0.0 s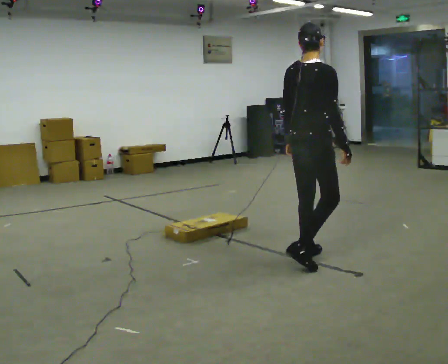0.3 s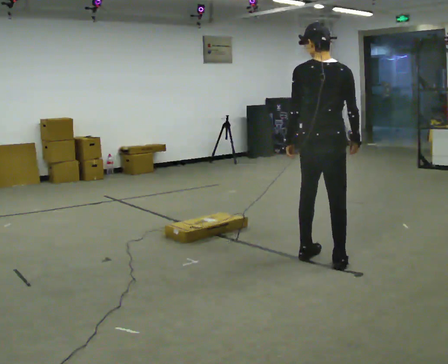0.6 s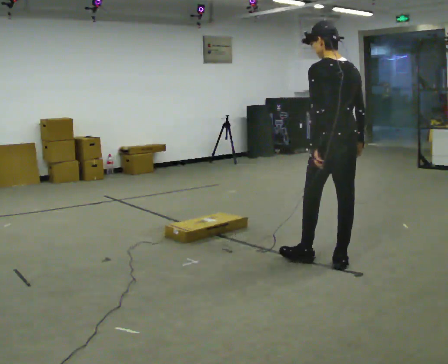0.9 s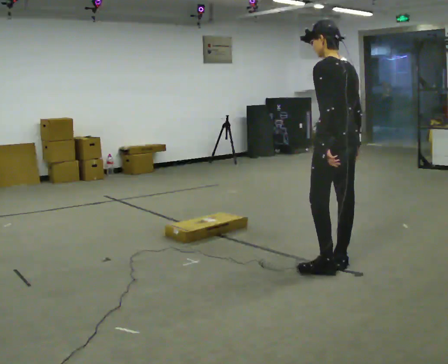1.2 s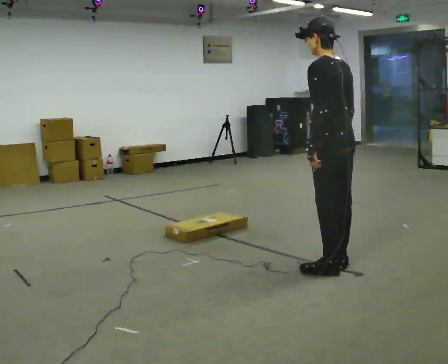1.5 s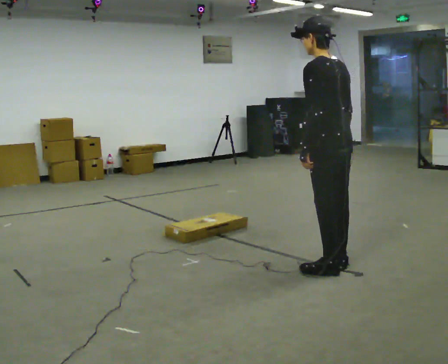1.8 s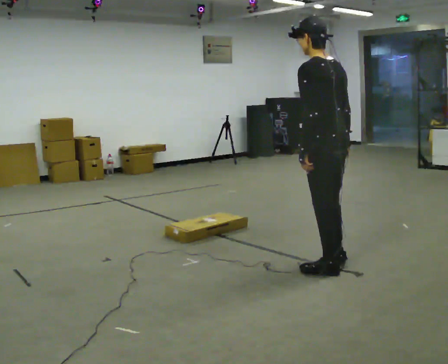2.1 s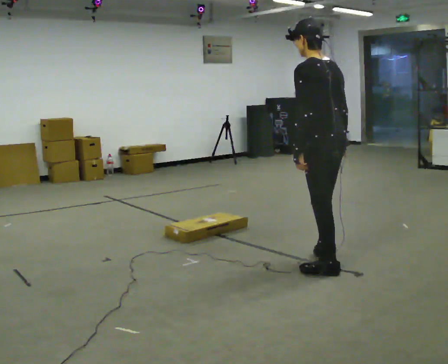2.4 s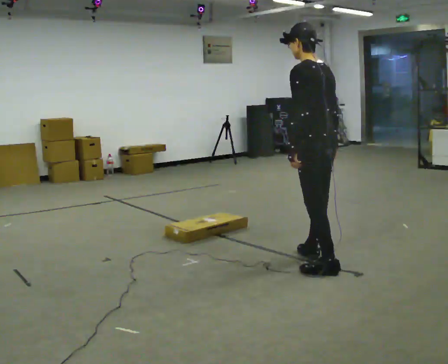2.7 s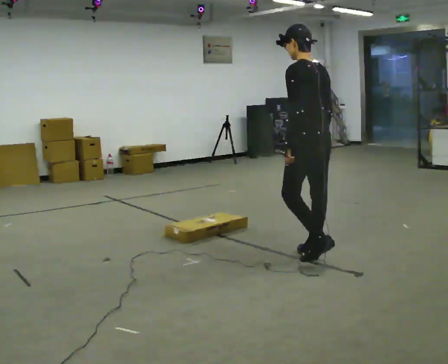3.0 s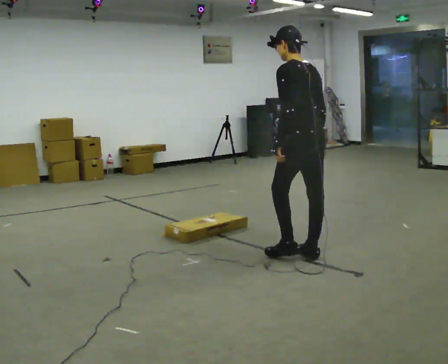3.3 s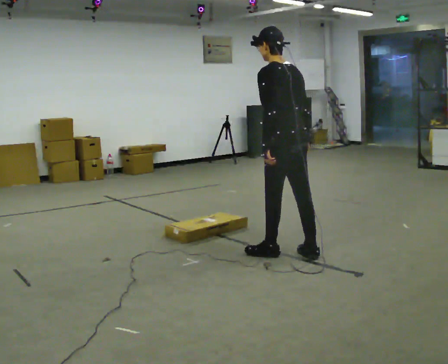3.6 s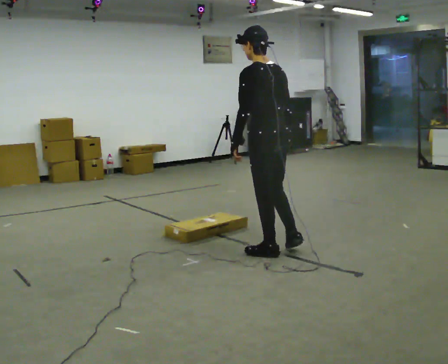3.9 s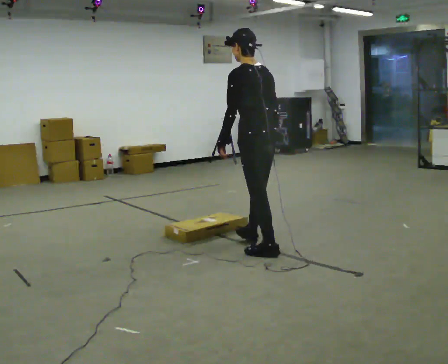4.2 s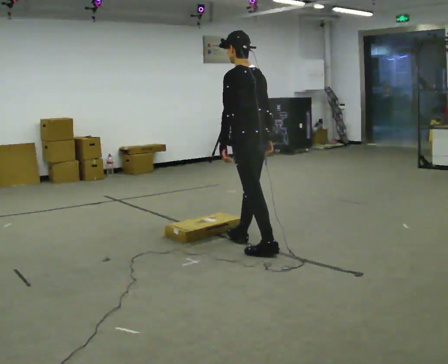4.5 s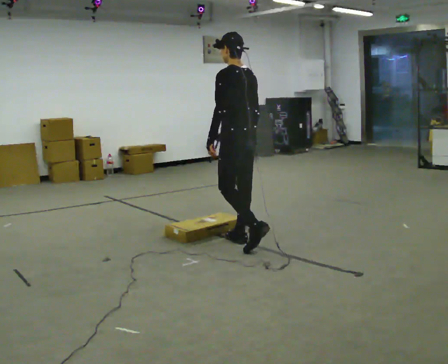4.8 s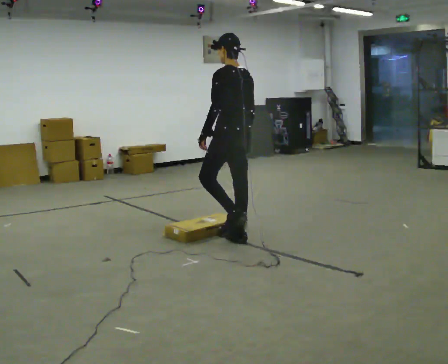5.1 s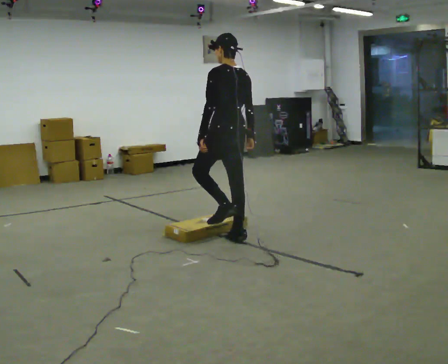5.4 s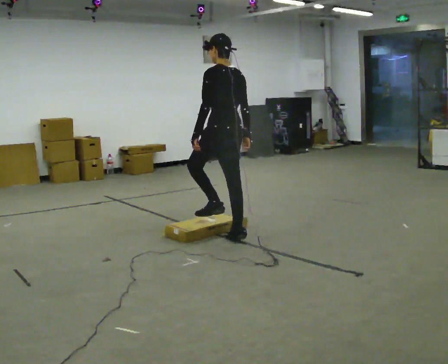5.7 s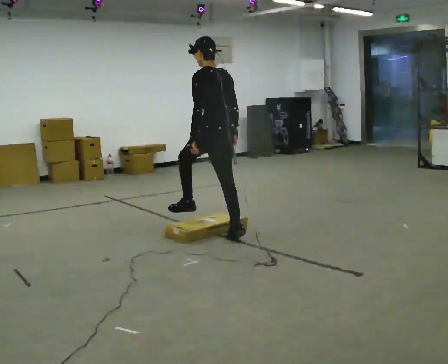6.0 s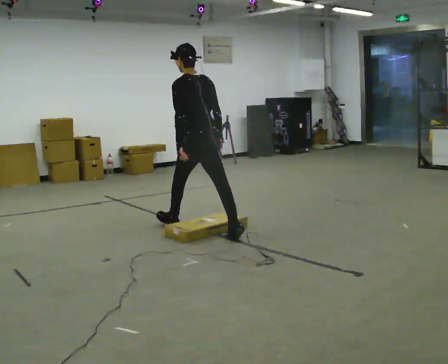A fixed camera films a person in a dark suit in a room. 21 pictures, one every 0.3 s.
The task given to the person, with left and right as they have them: Walk toward low obstacle; step over without stopping; continue.
0.0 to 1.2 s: Seen from above the body turns counterclockwise, about 60 degrees: to their left, with its near side sliding to the right. In the picture they go toward the camera, about 0.25 m in 2 steps, which for them is backward.
1.2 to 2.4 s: In the picture they go away from the camera, about 0.25 m in 1 step, which for them is forward.
2.4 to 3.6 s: In the picture they go to the left and away from the camera, about 0.5 m in 1 step, which for them is forward.
3.6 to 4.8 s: In the picture they go away from the camera and to the left, about 0.5 m in 1 step, which for them is forward.
4.8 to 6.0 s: In the picture they go to the left and away from the camera, about 0.5 m in 2 steps, which for them is forward.
The film runs forward here.
